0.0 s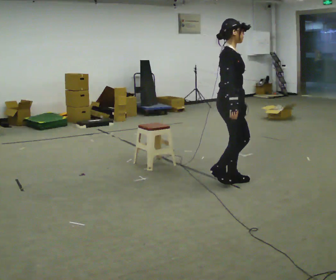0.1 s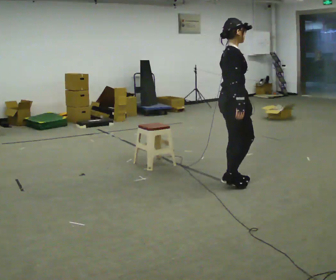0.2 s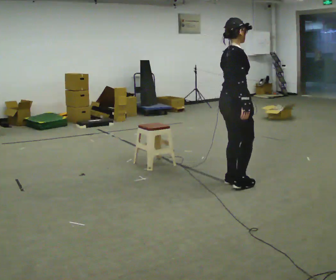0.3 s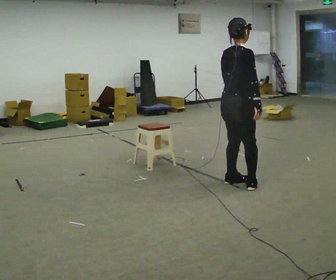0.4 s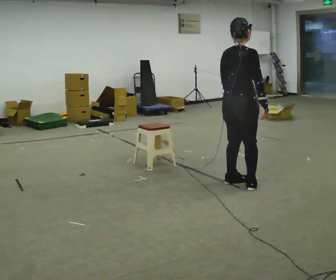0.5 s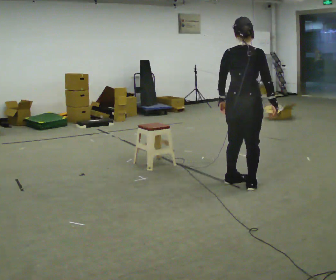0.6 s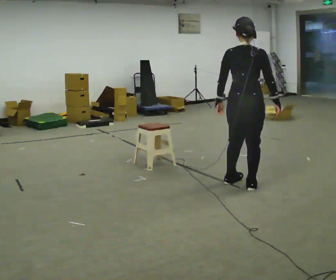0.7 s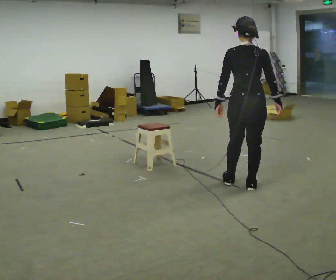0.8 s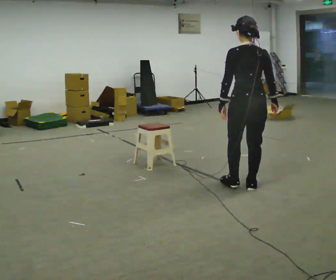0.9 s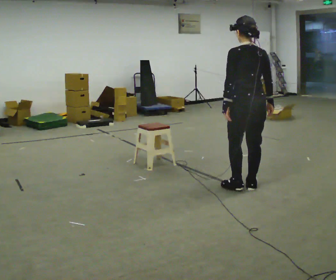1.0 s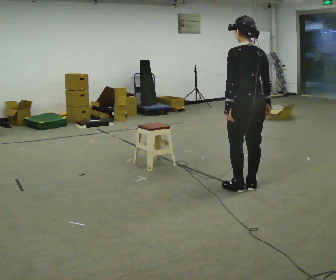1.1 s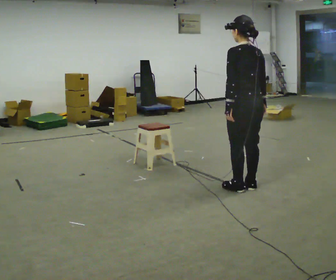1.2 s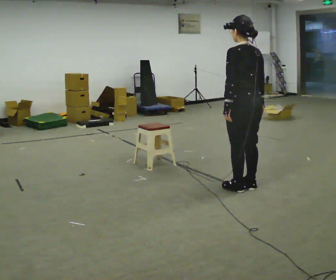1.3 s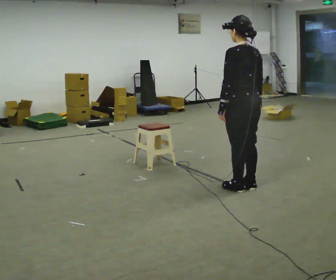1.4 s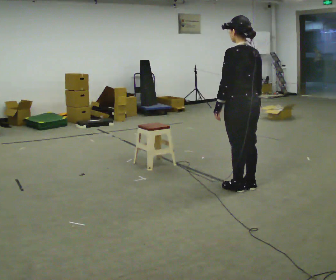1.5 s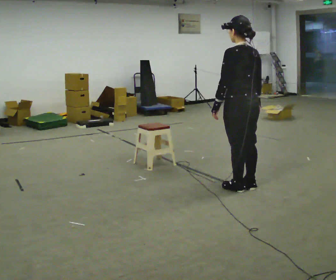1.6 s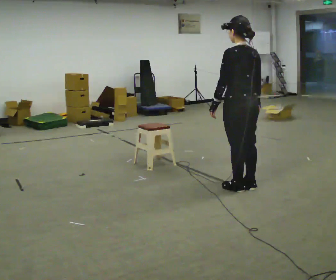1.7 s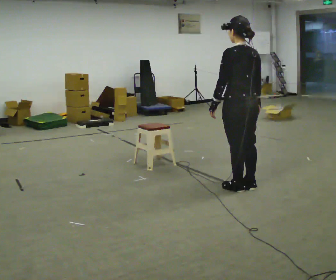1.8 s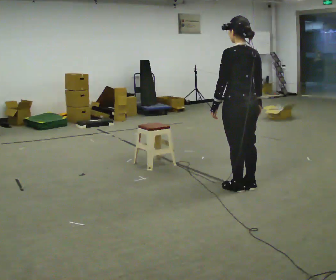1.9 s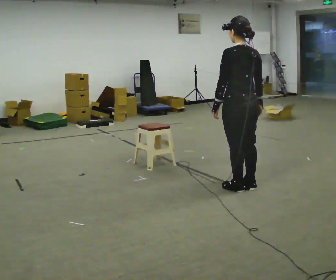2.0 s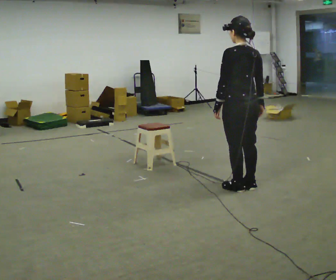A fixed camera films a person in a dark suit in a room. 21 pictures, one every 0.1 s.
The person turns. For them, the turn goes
to their left.
The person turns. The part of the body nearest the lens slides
to the right.
0.0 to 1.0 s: The person turns about 120 degrees to their left, counterclockwise seen from above, so the part of the body nearest the lens slides to the right. In the picture they go to the right and toward the camera, about 0.25 m in 2 steps.
1.0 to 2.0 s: The person moves a little, or ends about where they began.
The film runs forward here.
